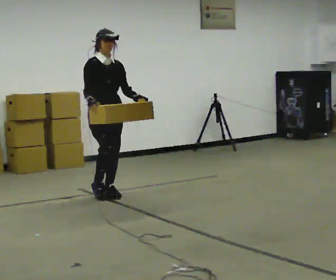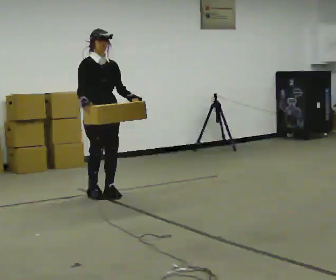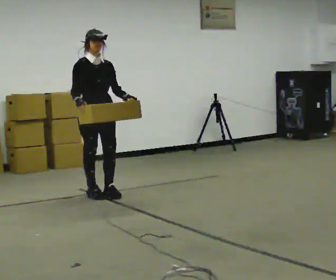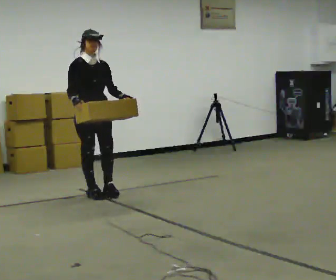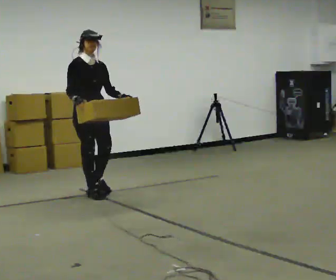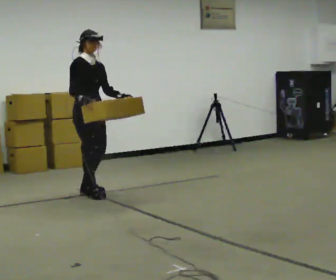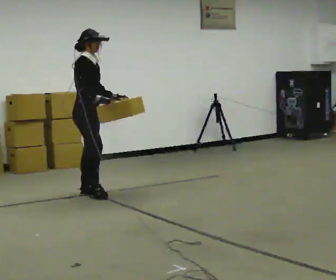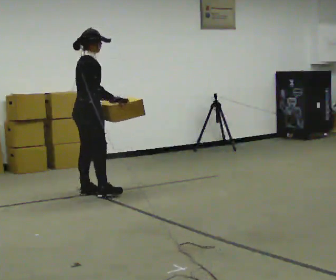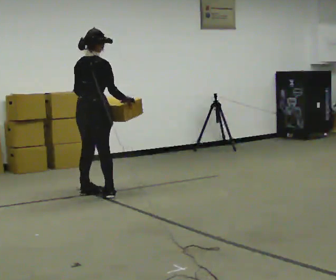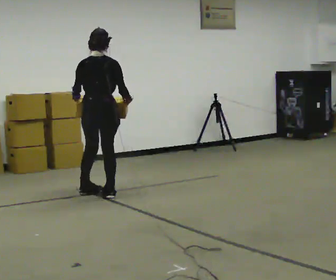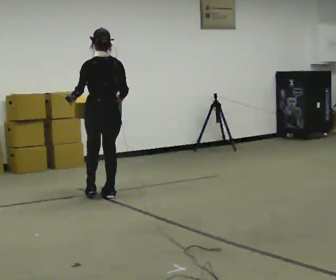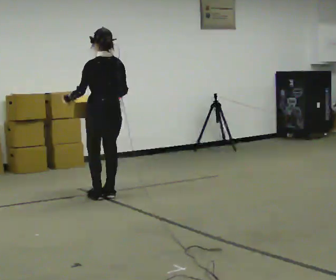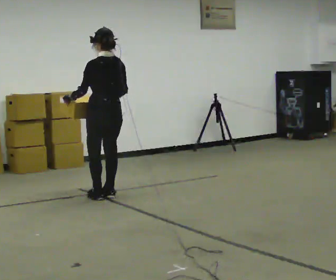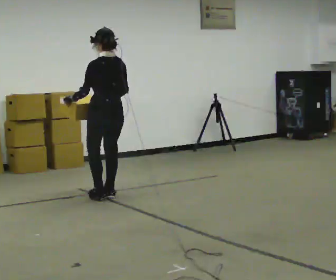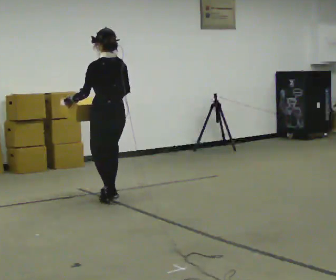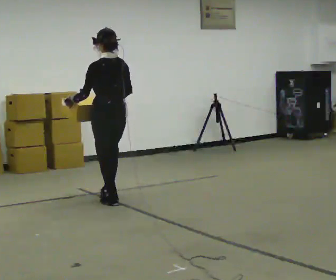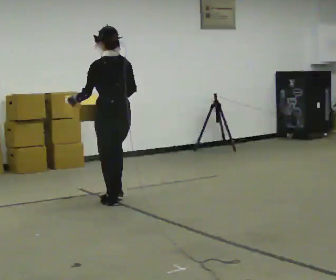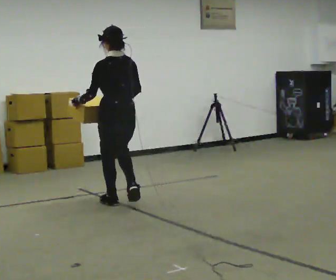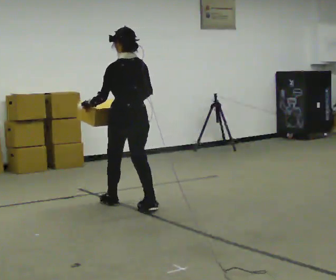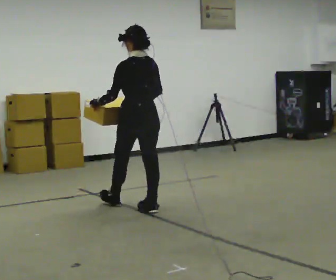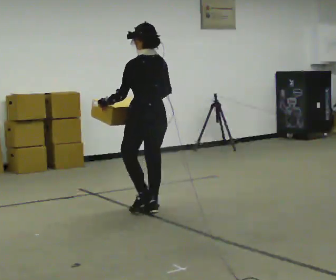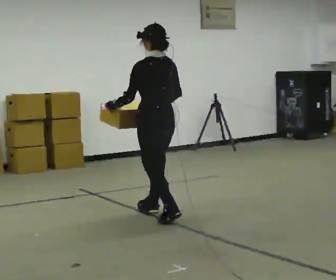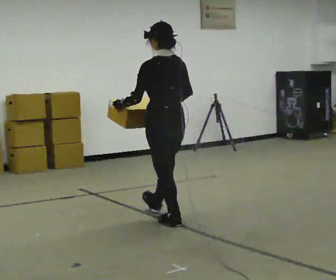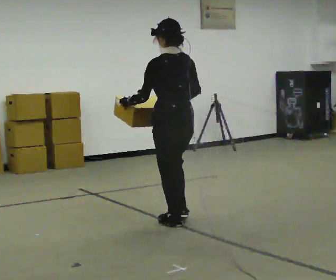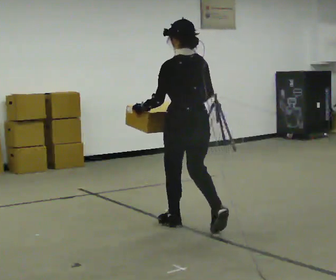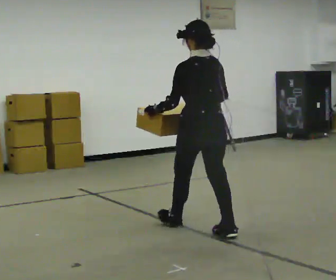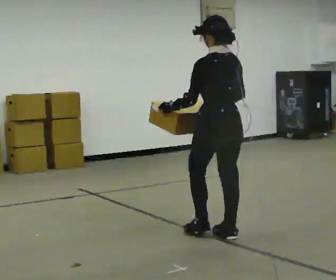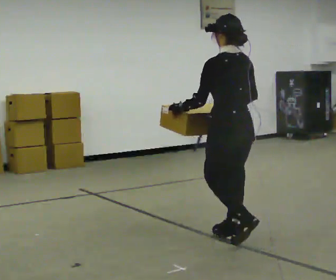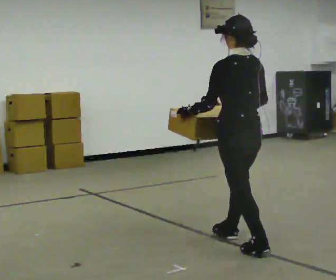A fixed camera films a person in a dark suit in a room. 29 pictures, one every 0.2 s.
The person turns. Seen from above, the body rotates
counterclockwise.
The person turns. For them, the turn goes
to their left.
0.0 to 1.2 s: Seen from above the body turns counterclockwise, about 45 degrees: to their left, with its near side sliding to the right. In the picture they go to the left, about 0.25 m in 1 step, which for them is backward.
1.2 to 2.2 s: Seen from above the body turns counterclockwise, about 135 degrees: to their left, with its near side sliding to the right. In the picture they go to the right, about 0.25 m in 2 steps.
2.2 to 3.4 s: In the picture they go toward the camera, about 0.5 m in 2 steps, which for them is backward.
3.4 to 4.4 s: In the picture they go toward the camera and to the right, about 0.5 m in 2 steps, which for them is backward.
4.4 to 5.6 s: In the picture they go toward the camera and to the right, about 1 m in 1 step, which for them is backward.
The film runs backward here.
